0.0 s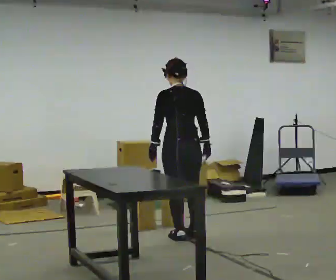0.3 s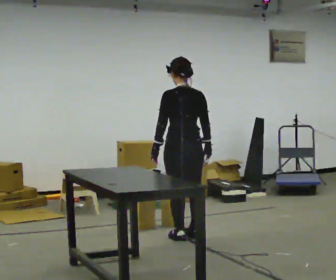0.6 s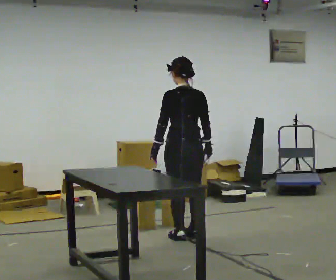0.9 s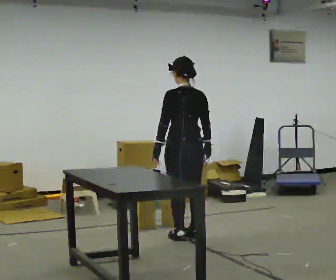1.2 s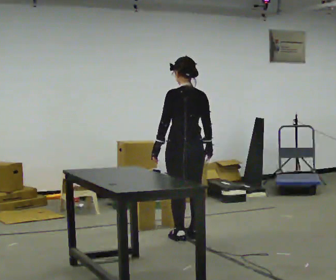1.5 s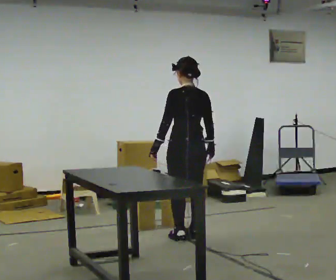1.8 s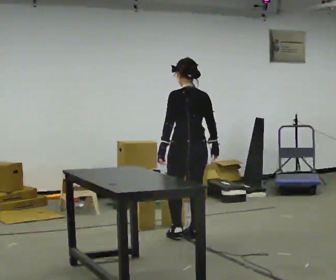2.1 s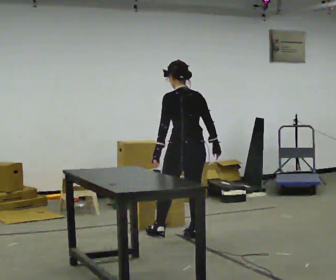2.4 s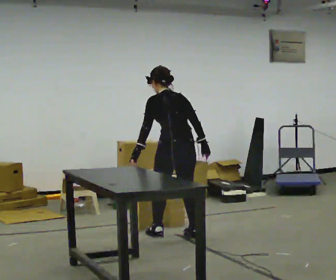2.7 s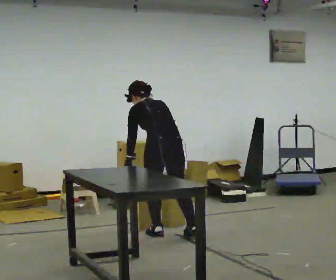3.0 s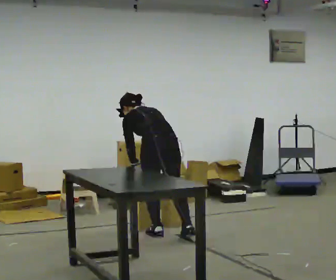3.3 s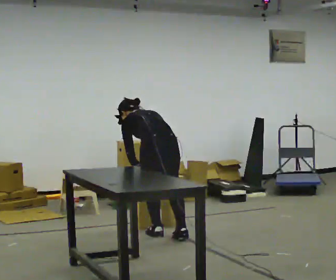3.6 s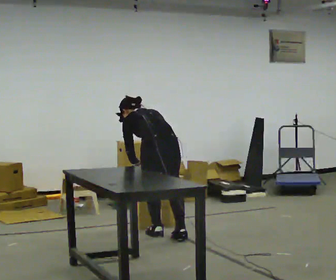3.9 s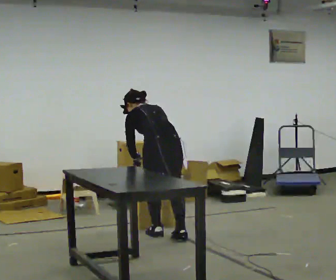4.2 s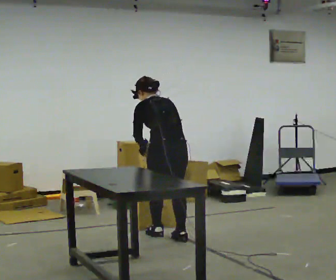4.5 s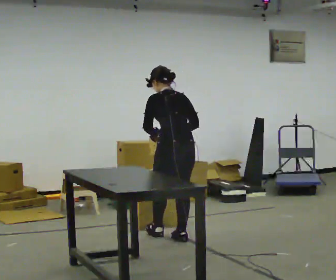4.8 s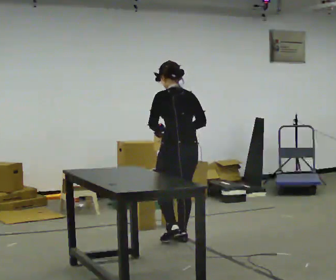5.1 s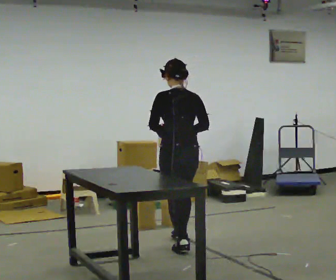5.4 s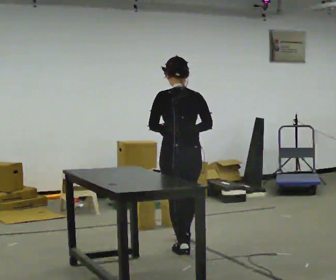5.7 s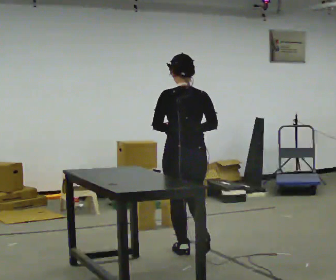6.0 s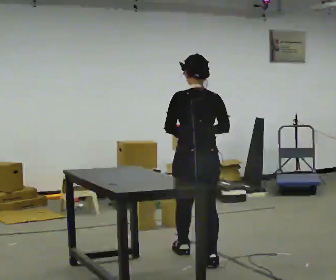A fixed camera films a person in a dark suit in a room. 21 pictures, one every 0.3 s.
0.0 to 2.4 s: The person moves a little, or ends about where they began.
2.4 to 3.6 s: In the picture they go to the left, about 0.25 m in 1 step, which for them is to their left. The shoulders move downward. The upper body tips away from the camera, its near side rolling upward, as they bend forward.
3.6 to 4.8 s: In the picture they go toward the camera and to the right, about 0.25 m in 1 step, which for them is backward. The upper body goes upward. The upper body tips toward the camera, its near side rolling downward, as they lean back or straighten. In the picture their left hand goes upward.
4.8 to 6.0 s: In the picture they go toward the camera, about 0.5 m in 1 step, which for them is backward.
The film runs backward here.
